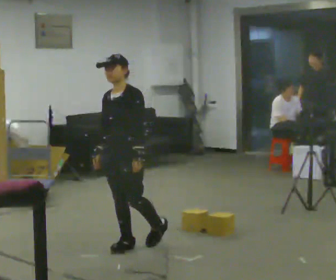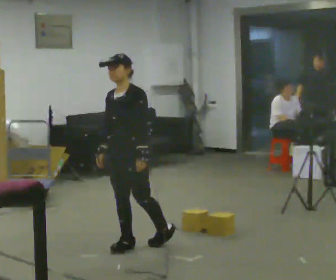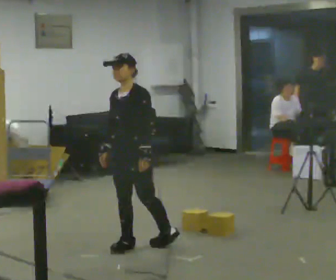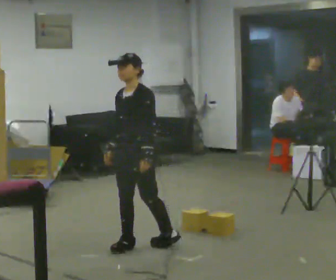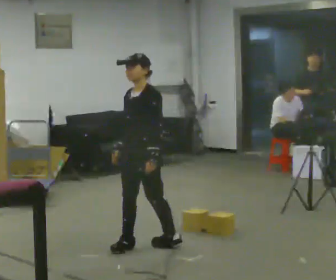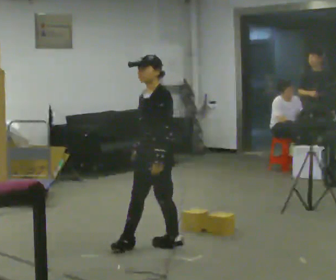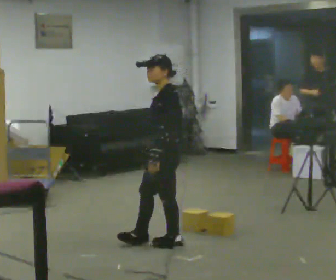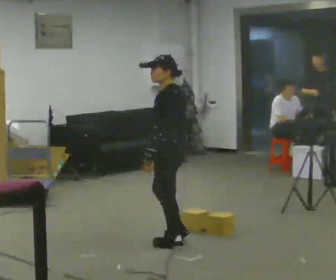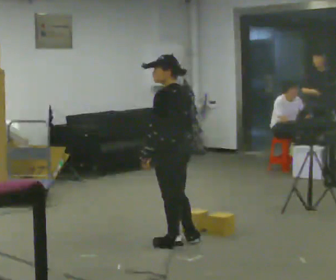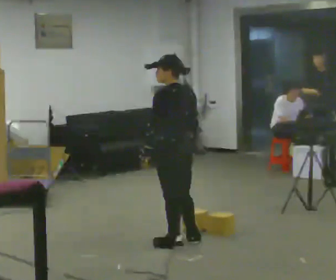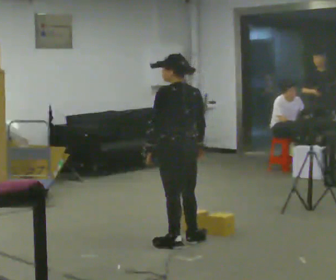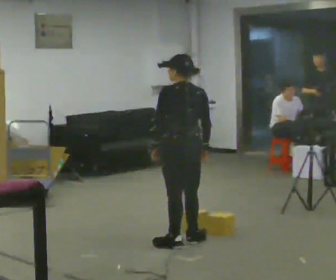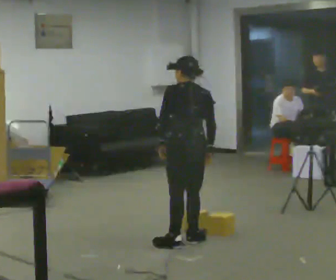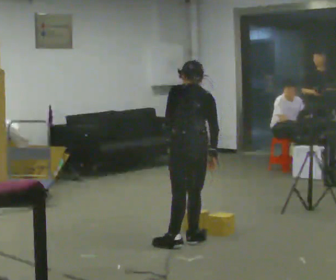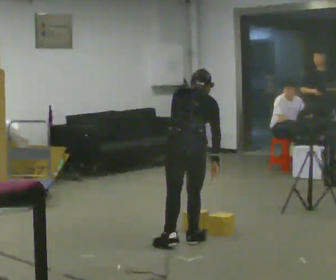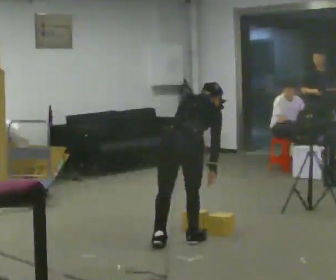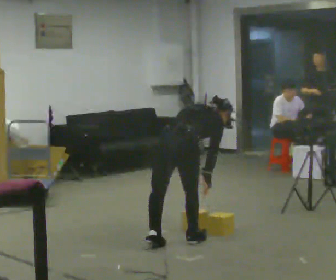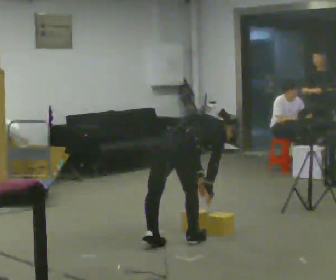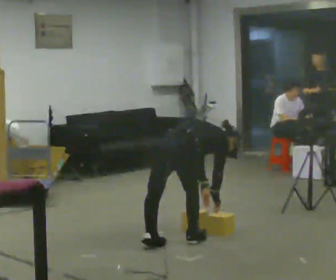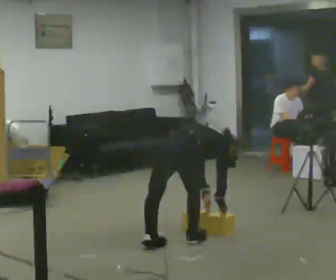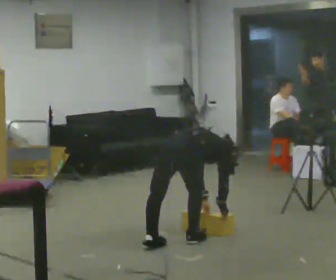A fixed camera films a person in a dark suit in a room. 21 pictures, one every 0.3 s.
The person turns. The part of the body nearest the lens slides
to the left.
Their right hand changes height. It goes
downward.
0.0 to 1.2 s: The person moves a little, or ends about where they began.
1.2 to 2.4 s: Seen from above the body turns clockwise, about 75 degrees: to their right, with its near side sliding to the left. In the picture they go to the right, about 0.25 m in 1 step.
2.4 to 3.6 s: The person turns about 30 degrees to their right, clockwise seen from above, so the part of the body nearest the lens slides to the left.
3.6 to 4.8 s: The person turns about 45 degrees to their right, clockwise seen from above, so the part of the body nearest the lens slides to the left. The shoulders move downward. The upper body tips away from the camera, its near side rolling upward, as they bend forward.
4.8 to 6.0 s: The shoulders move downward. In the picture the upper body tilts clockwise, shoulders to the right, as they bend forward.
The film runs backward here.
